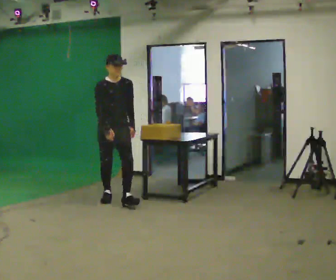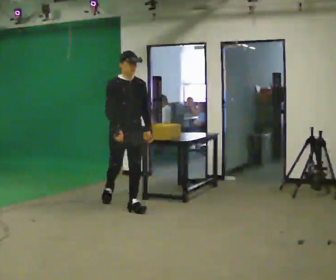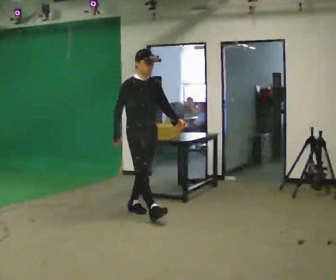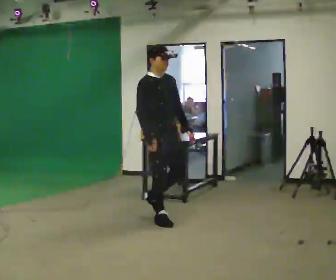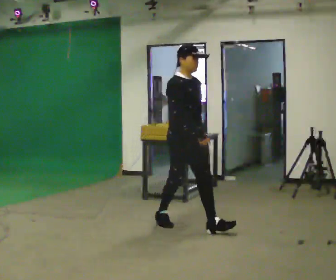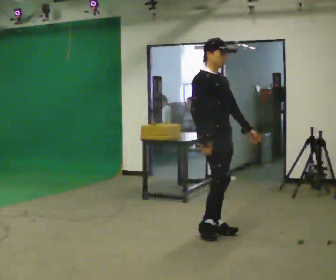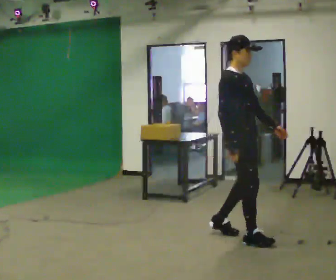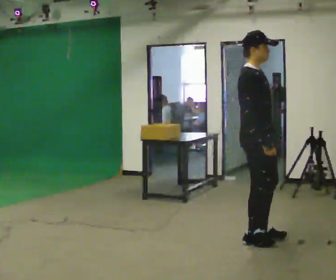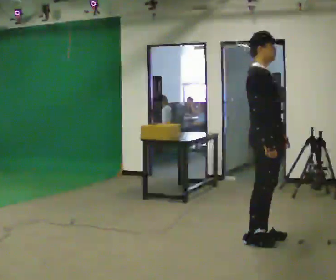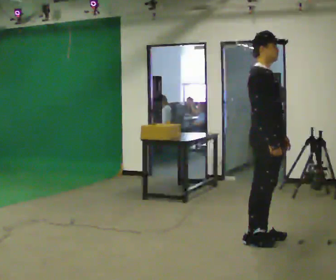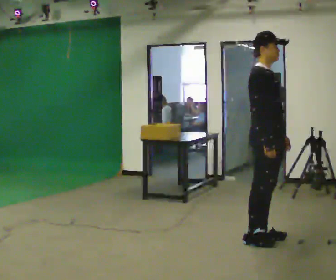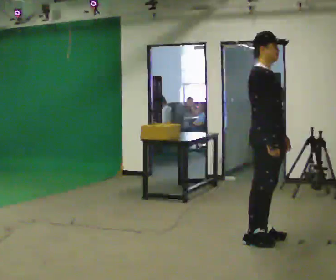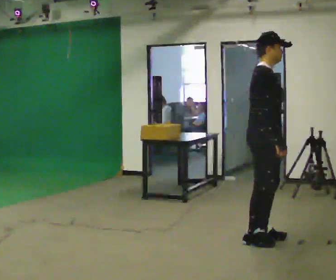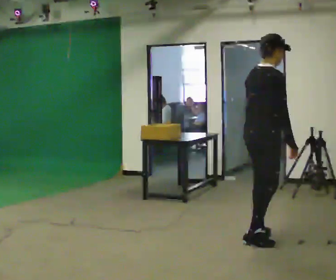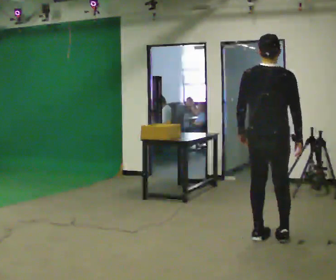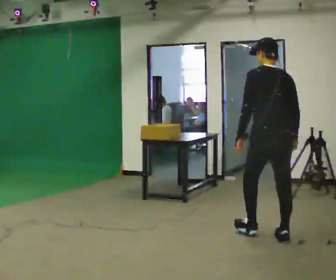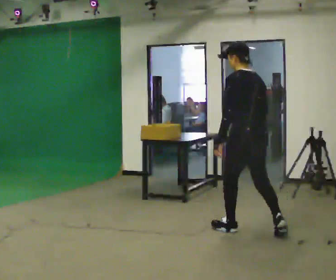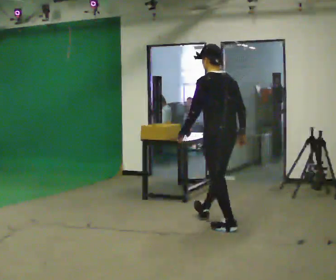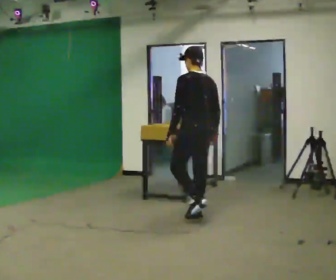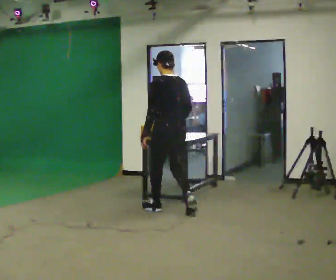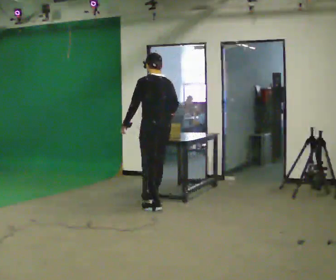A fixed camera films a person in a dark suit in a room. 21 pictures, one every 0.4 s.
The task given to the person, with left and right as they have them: Walk forward noticeably slower than normal; do not shuffle; stop.
0.0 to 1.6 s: In the picture they go to the right and toward the camera, about 1.5 m in 3 steps, which for them is forward.
1.6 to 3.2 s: Seen from above the body turns counterclockwise, about 30 degrees: to their left, with its near side sliding to the right. In the picture they go to the right and toward the camera, about 1 m in 2 steps, which for them is forward.
3.2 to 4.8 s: The person moves a little, or ends about where they began.
4.8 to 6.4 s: The person turns about 135 degrees to their left, counterclockwise seen from above, so the part of the body nearest the lens slides to the right. In the picture they go away from the camera, about 0.25 m in 2 steps.
6.4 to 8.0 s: In the picture they go to the left and away from the camera, about 1.5 m in 2 steps, which for them is forward.
The film runs forward here.
